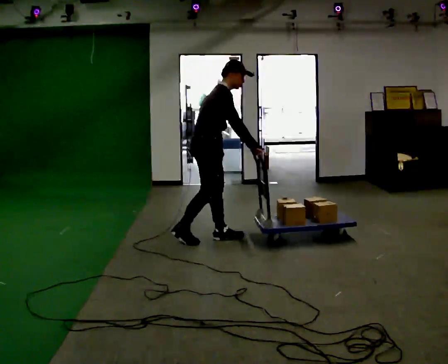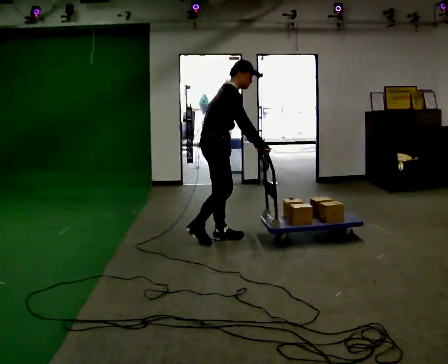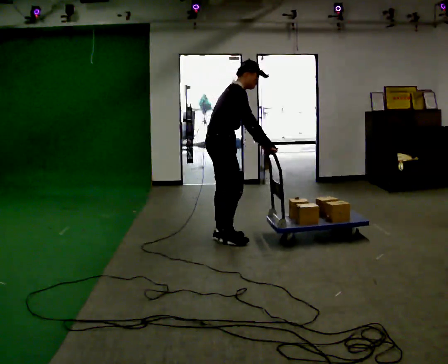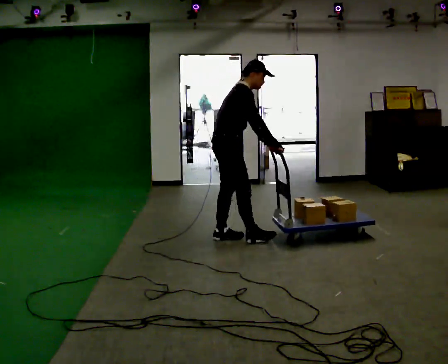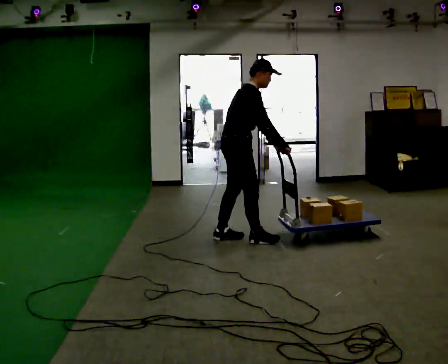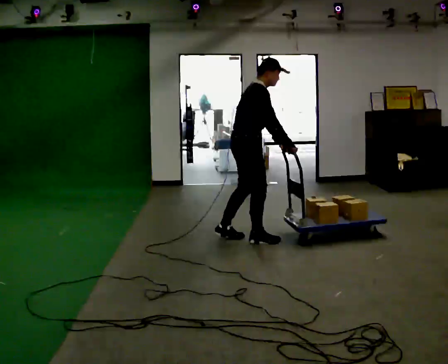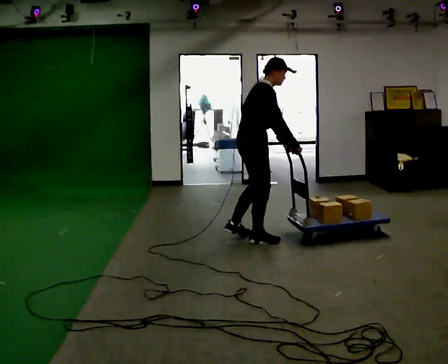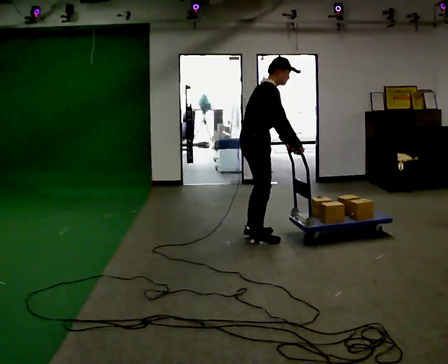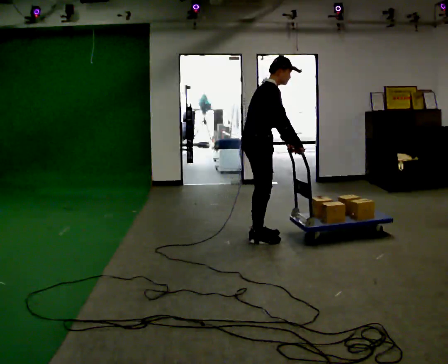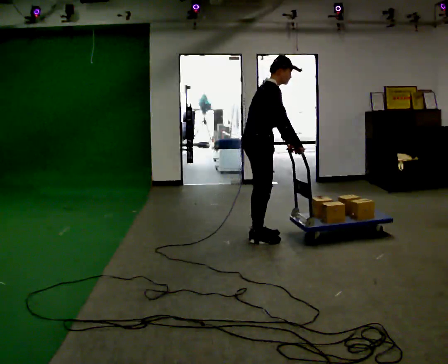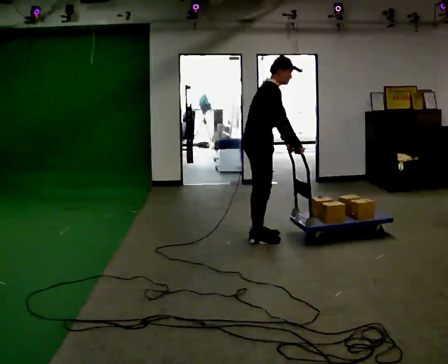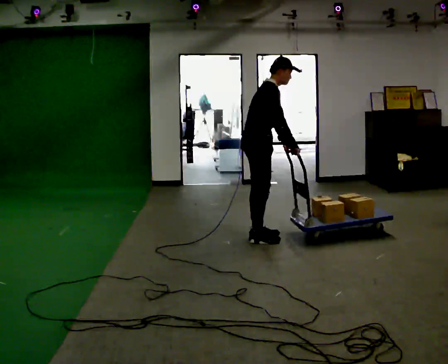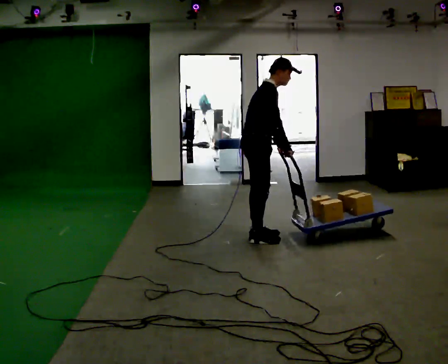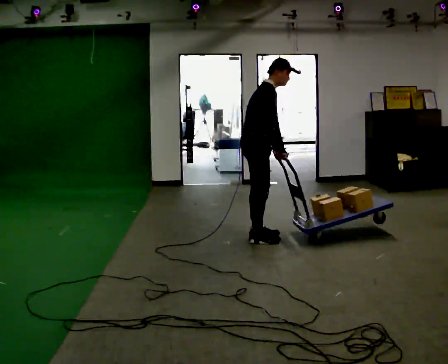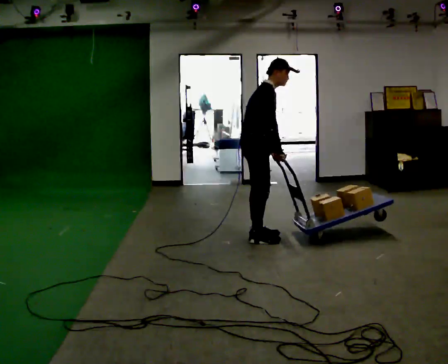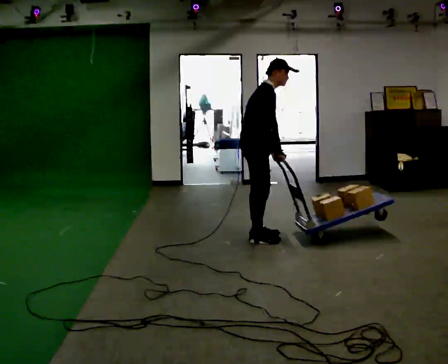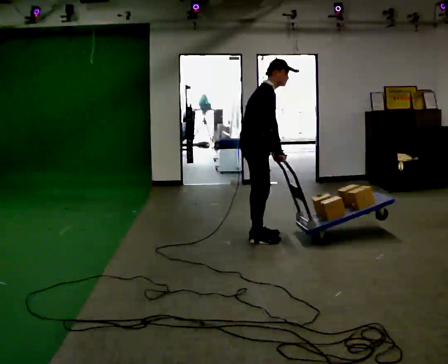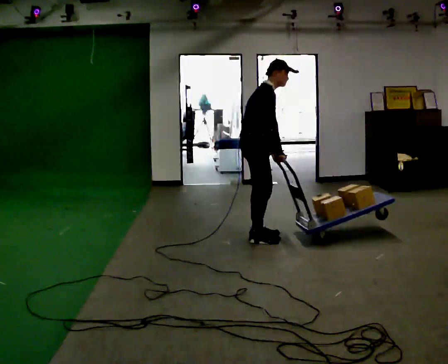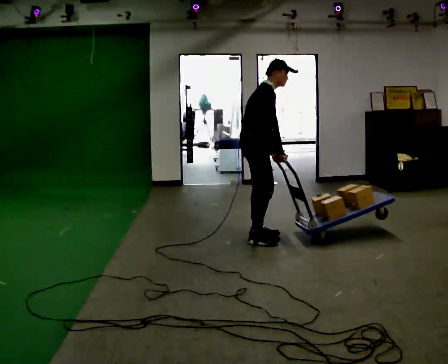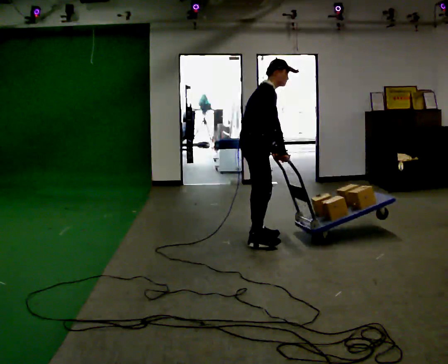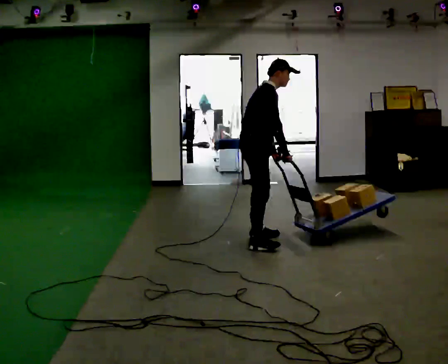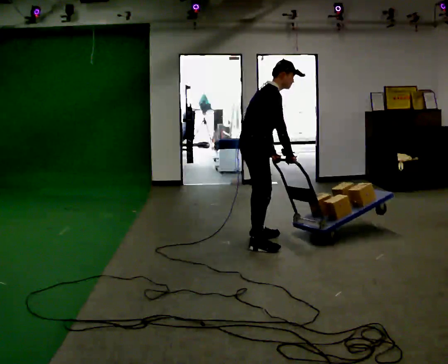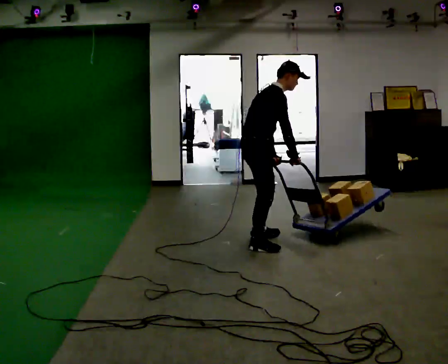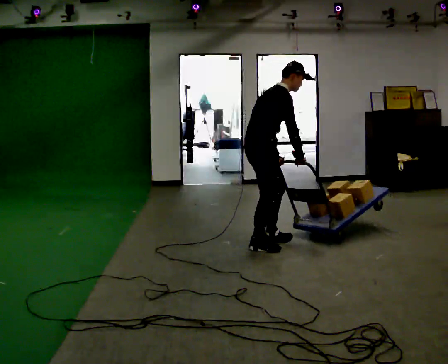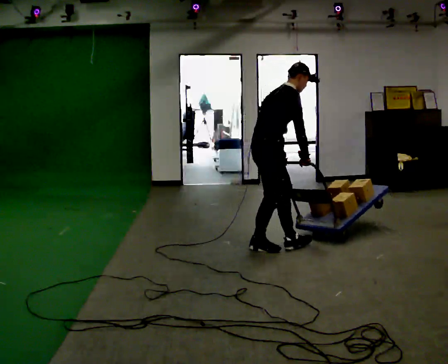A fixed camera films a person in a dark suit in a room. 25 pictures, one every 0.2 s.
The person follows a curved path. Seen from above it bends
clockwise.
0.0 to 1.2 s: In the picture they go to the right, about 0.5 m in 1 step, which for them is forward.
1.2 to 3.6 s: The person moves a little, or ends about where they began.
3.6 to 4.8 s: In the picture they go toward the camera, about 0.25 m in 1 step, which for them is to their right.
The film runs forward here.
